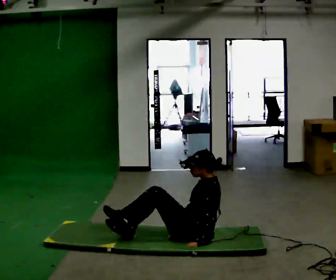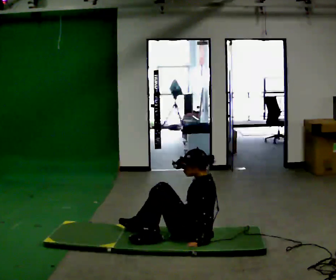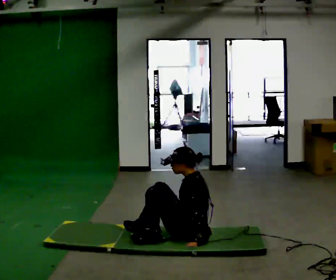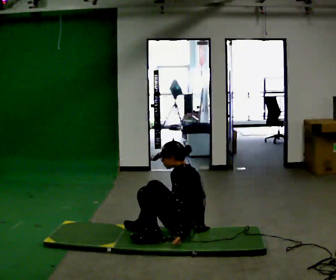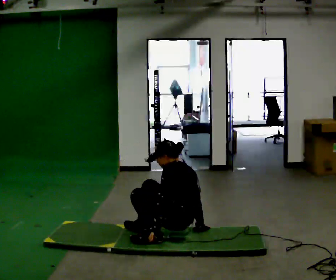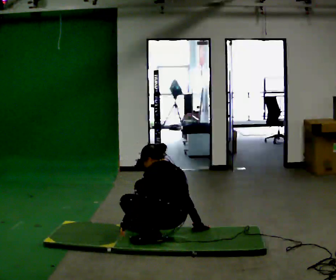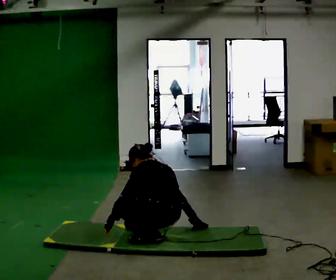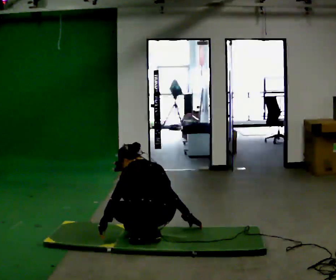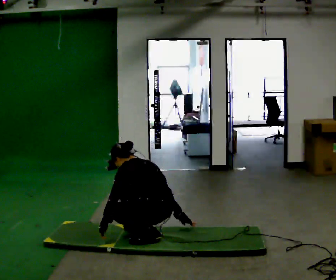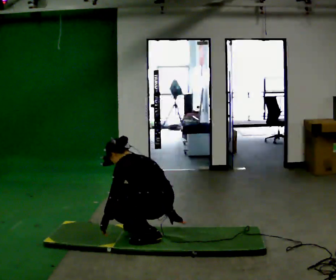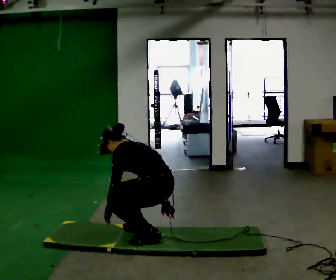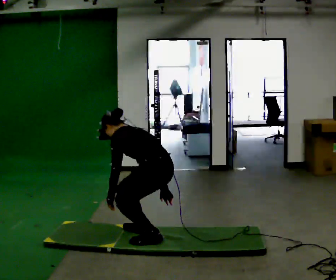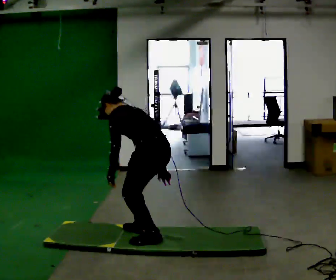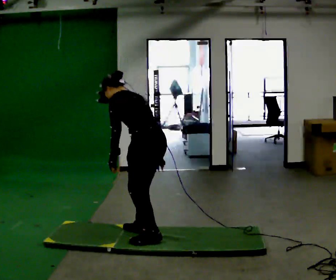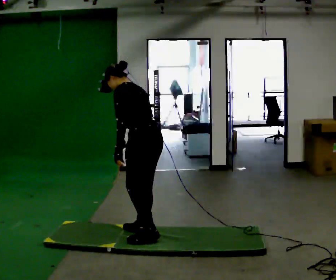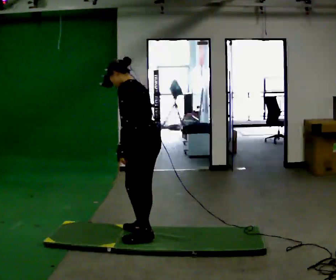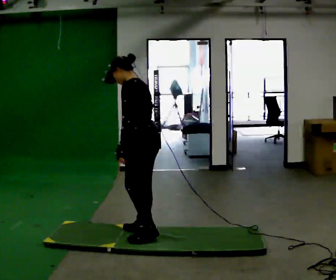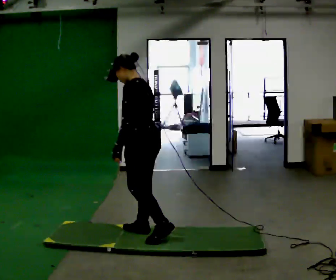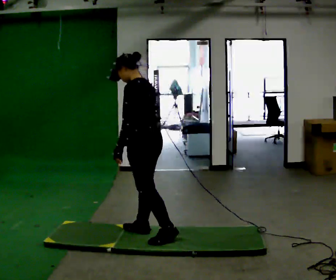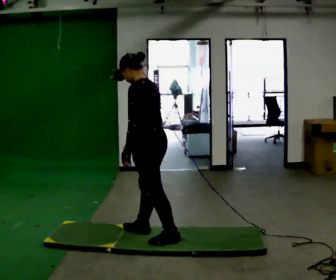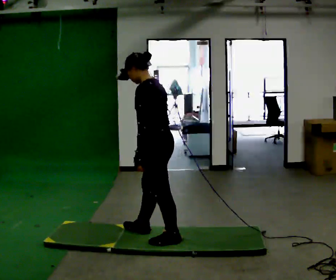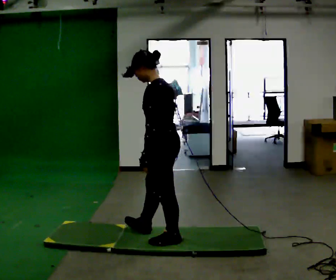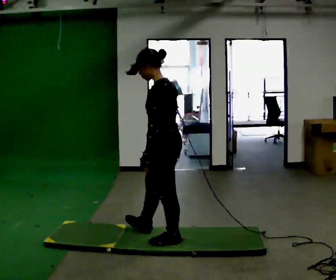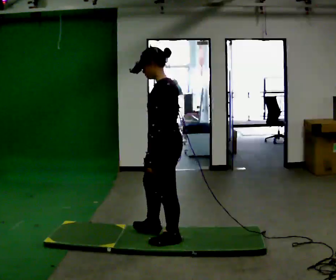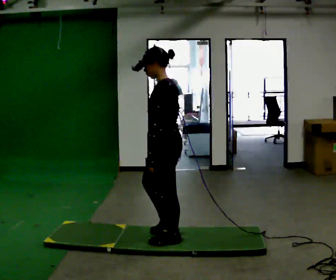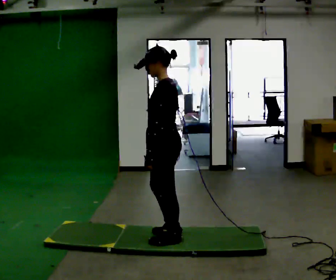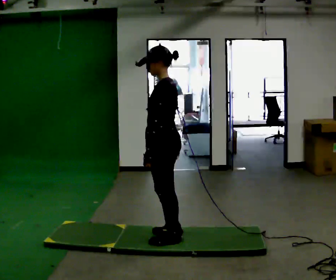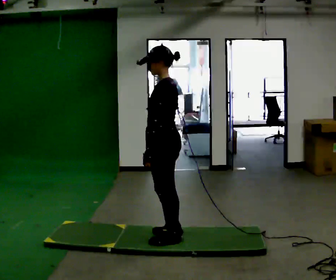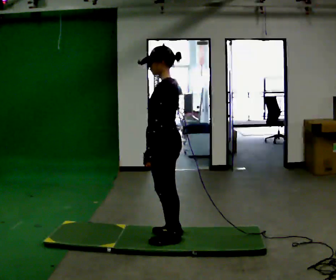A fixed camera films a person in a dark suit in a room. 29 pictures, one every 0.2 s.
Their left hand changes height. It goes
upward.
The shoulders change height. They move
upward.
0.0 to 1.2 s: The part of the body nearest the lens slides to the left as the person turns to their right by about 30 degrees. In the picture they go to the left, about 0.25 m, which for them is forward and to their left. In the picture the upper body tilts counterclockwise, shoulders to the left, as they bend forward.
1.2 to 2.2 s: The shoulders move upward. In the picture the upper body tilts counterclockwise, shoulders to the left, as they bend forward.
2.2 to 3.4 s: In the picture they go away from the camera, about 0.25 m in 1 step, which for them is forward. The upper body goes upward. In the picture the upper body tilts clockwise, shoulders to the right, as they lean back or straighten. In the picture their right hand goes upward.
3.4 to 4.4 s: In the picture they go toward the camera and to the right, about 0.25 m, which for them is backward and to their left.
4.4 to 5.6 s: The person moves a little, or ends about where they began.
The film runs backward here.
